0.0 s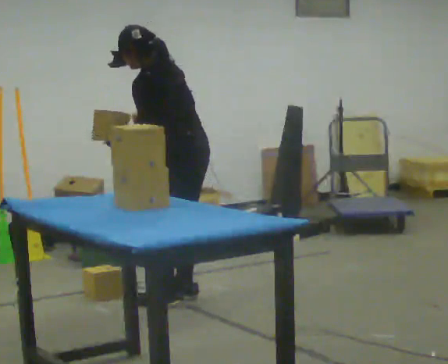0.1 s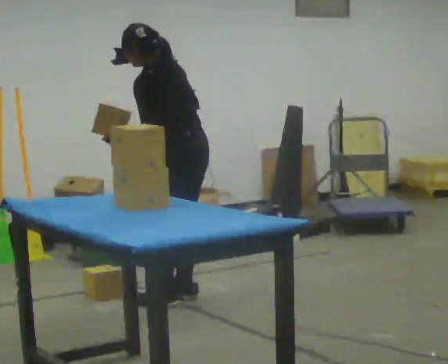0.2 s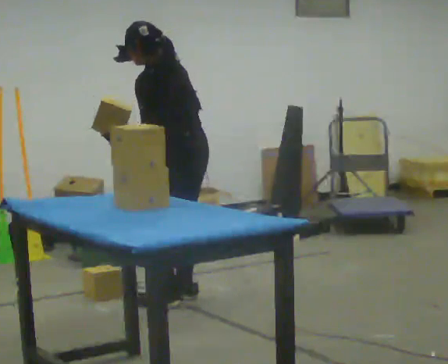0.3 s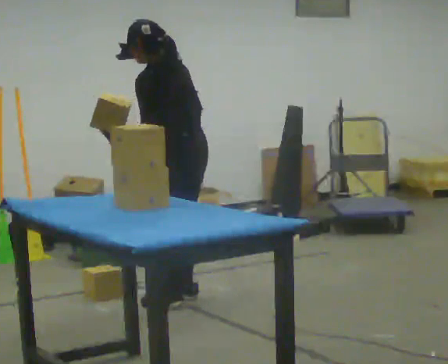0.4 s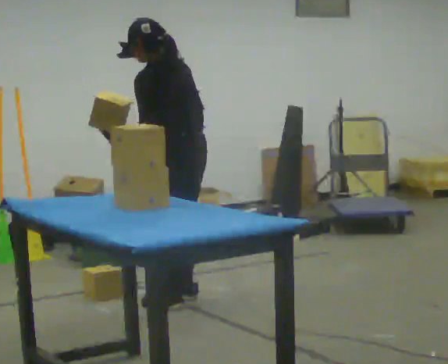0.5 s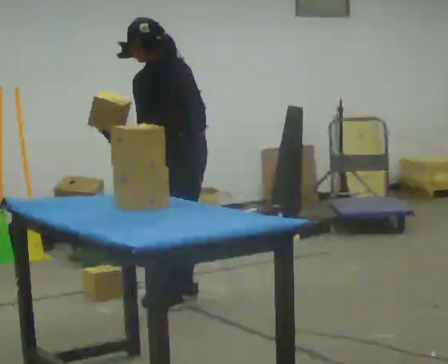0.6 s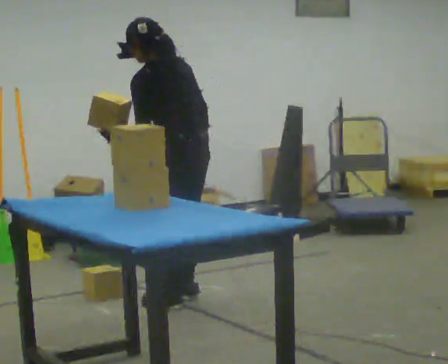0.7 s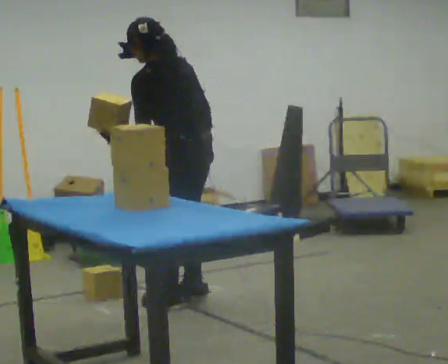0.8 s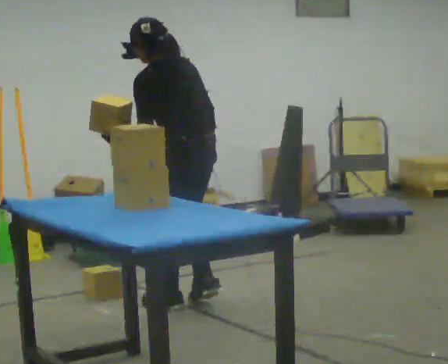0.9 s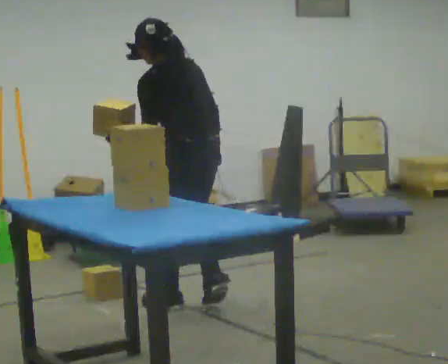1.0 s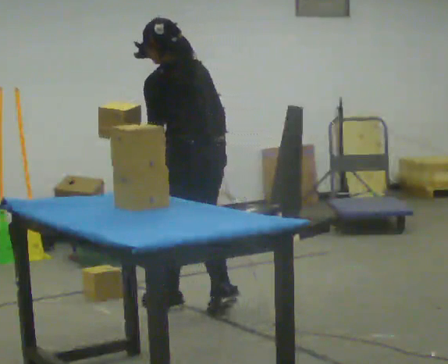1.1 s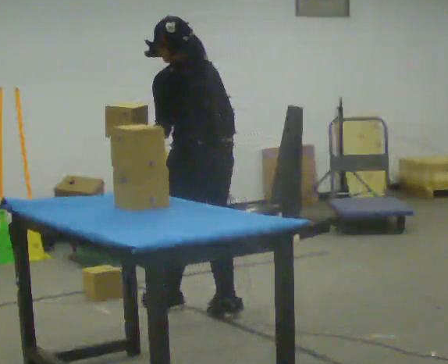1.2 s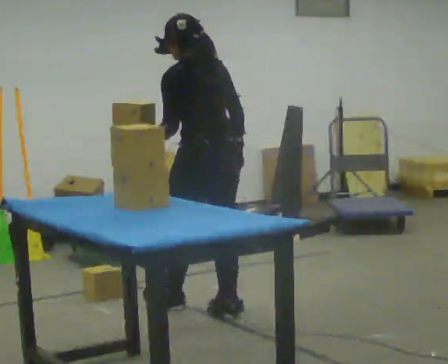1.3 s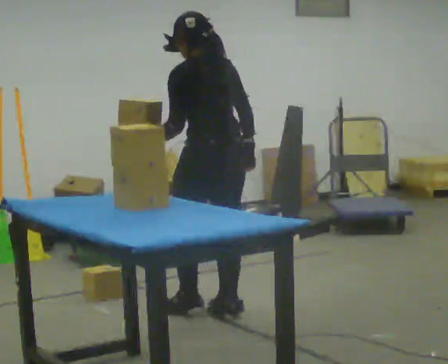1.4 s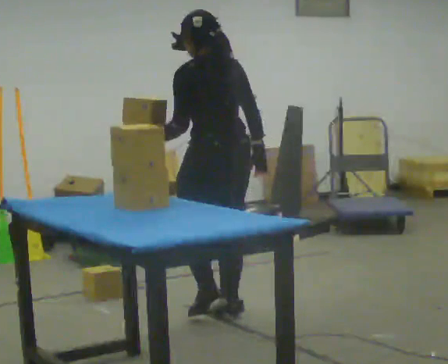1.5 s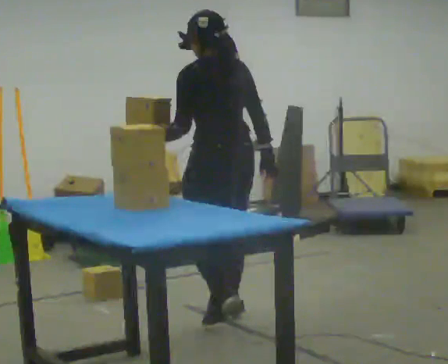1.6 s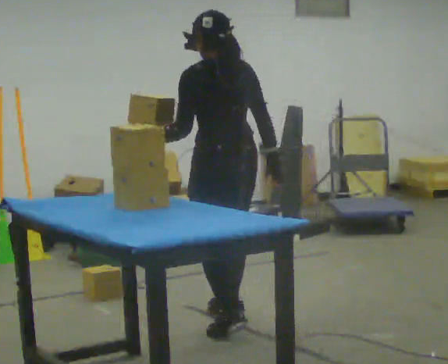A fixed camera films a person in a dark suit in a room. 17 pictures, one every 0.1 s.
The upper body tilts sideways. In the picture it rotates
clockwise.
0.0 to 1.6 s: The person turns about 30 degrees to their right, clockwise seen from above, so the part of the body nearest the lens slides to the left. In the picture they go toward the camera, about 0.5 m in 2 steps, which for them is backward and to their left. In the picture the upper body tilts clockwise, shoulders to the right, as they lean back or straighten.
The film runs backward here.
